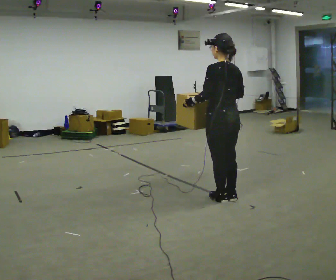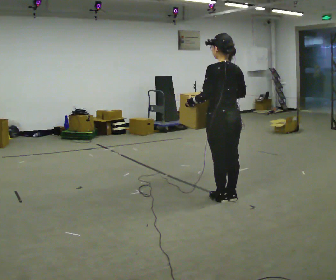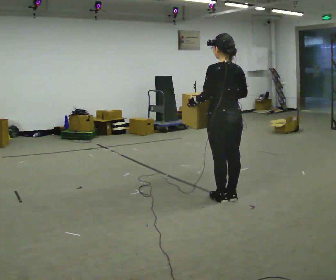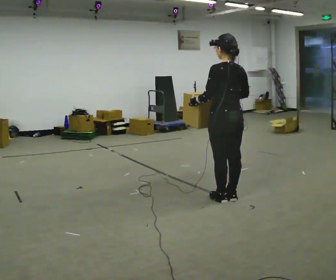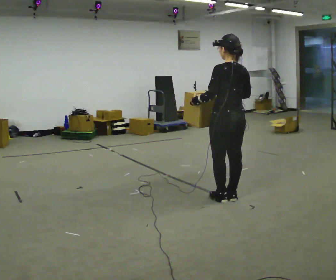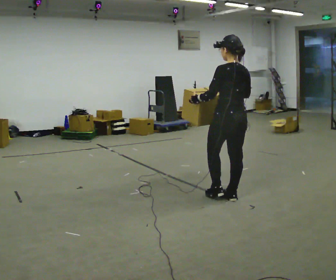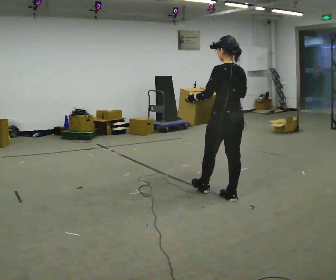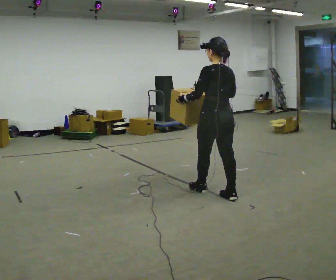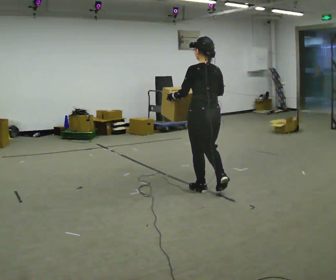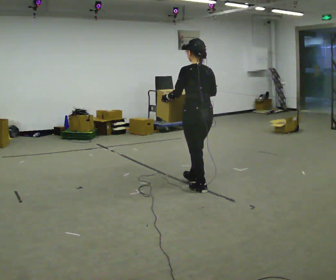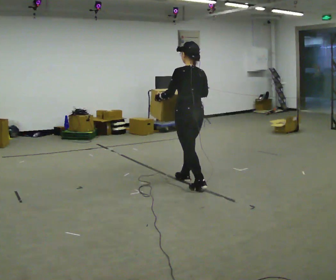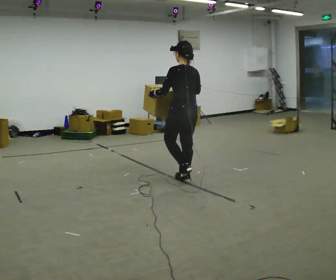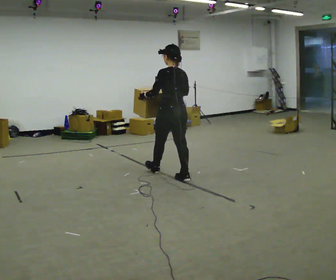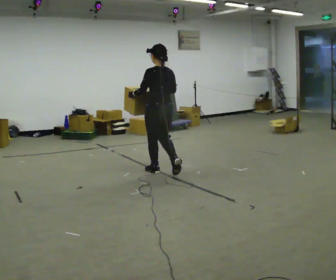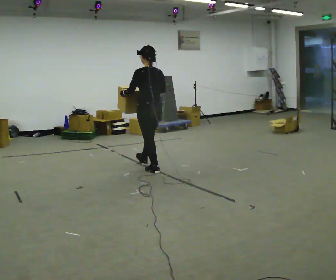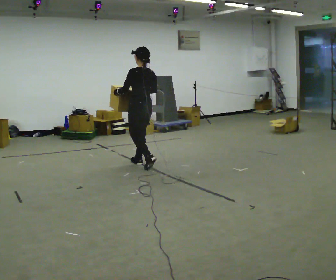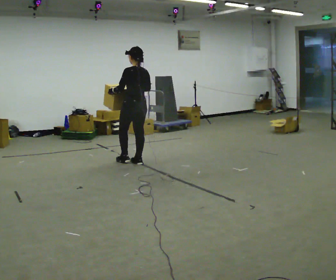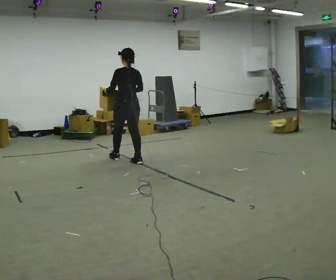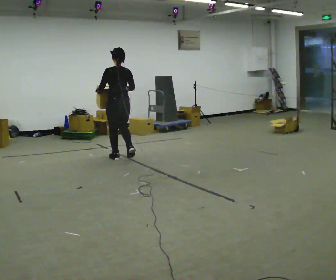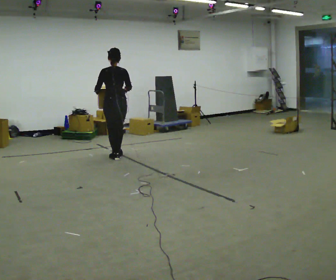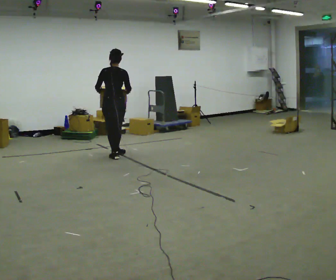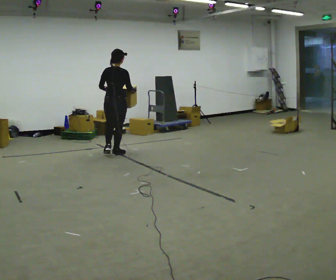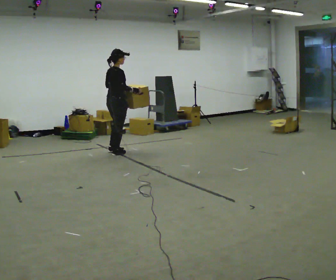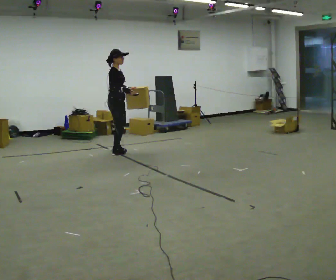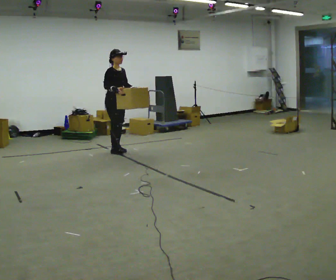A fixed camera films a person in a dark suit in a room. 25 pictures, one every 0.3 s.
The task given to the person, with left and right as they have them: Carry the large light object across the room, back and forth. It is awkward rather than heavy, so hold it however works.
0.0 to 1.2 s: The person moves a little, or ends about where they began.
1.2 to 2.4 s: In the picture they go to the left and away from the camera, about 0.25 m in 1 step, which for them is forward.
2.4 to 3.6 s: In the picture they go away from the camera and to the left, about 0.75 m in 1 step, which for them is forward.
3.6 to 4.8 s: In the picture they go to the left and away from the camera, about 1 m in 2 steps, which for them is forward.
4.8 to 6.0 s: The part of the body nearest the lens slides to the left as the person turns to their right by about 30 degrees. In the picture they go to the left and away from the camera, about 0.5 m in 2 steps, which for them is forward and to their left.
6.0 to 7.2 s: The person turns about 135 degrees to their right, clockwise seen from above, so the part of the body nearest the lens slides to the left. In the picture they go away from the camera, about 0.25 m in 1 step.
The film runs forward here.
